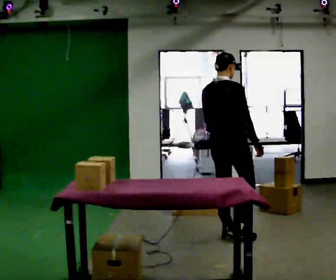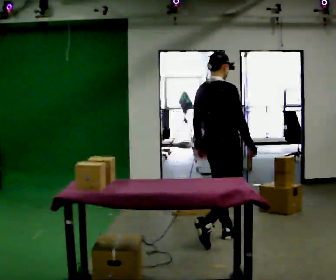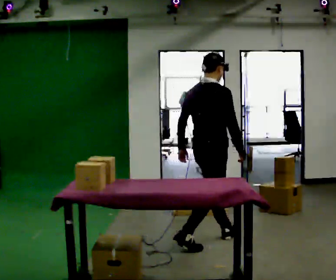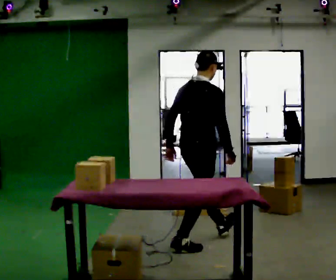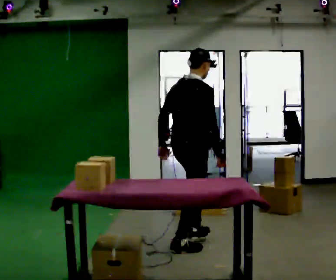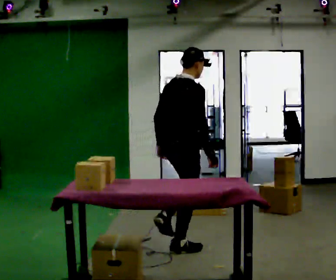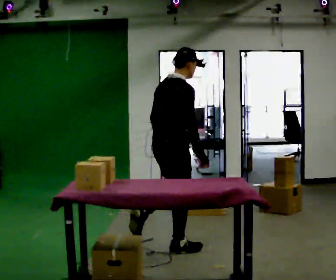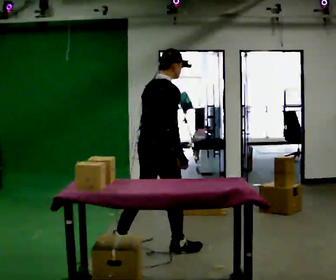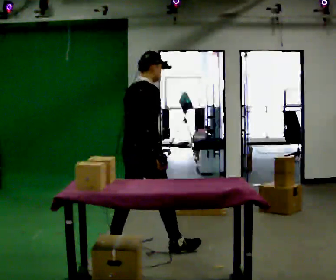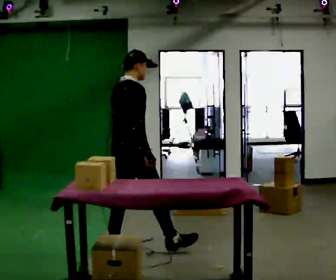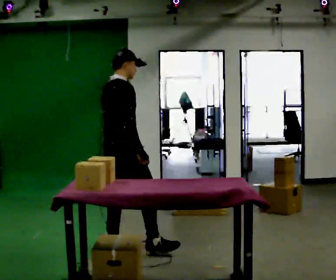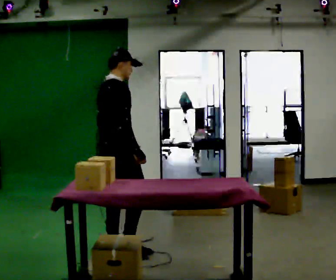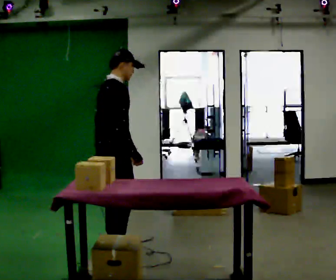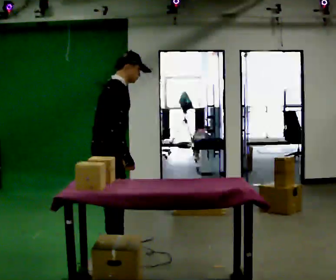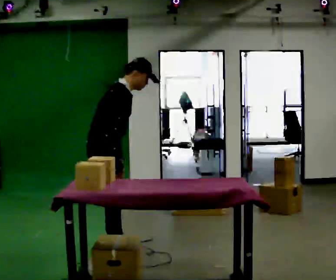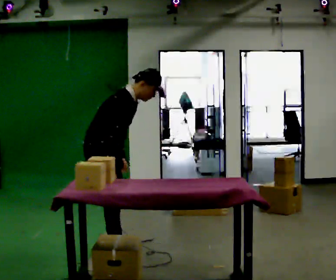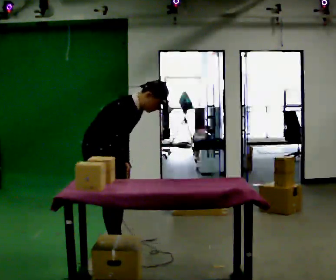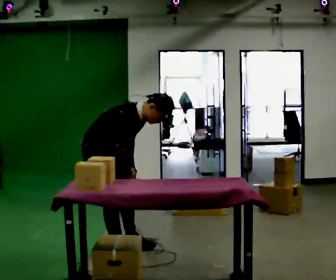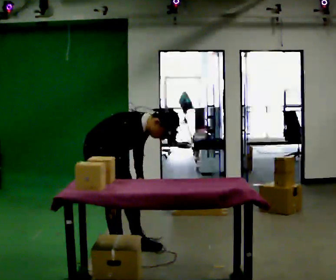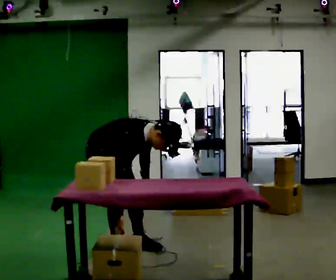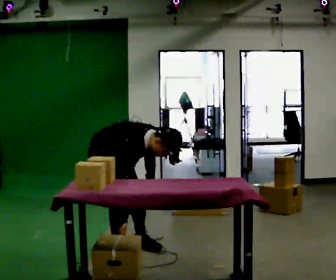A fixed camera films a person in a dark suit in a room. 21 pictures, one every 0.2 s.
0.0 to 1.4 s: In the picture they go to the left and toward the camera, about 1 m in 1 step, which for them is backward. In the picture the upper body tilts clockwise, shoulders to the right, as they bend forward.
1.4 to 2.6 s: The part of the body nearest the lens slides to the left as the person turns to their right by about 30 degrees. In the picture they go to the left, about 0.5 m in 1 step, which for them is backward and to their left.
2.6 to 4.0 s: The part of the body nearest the lens slides to the left as the person turns to their right by about 45 degrees. The upper body goes downward. The upper body tips toward the camera, its near side rolling downward, as they bend forward. In the picture their right hand goes downward.
The film runs backward here.
